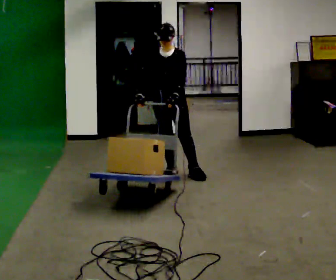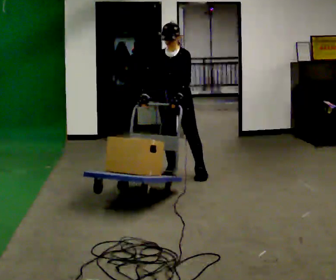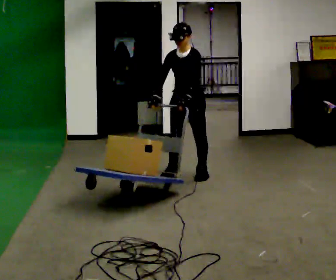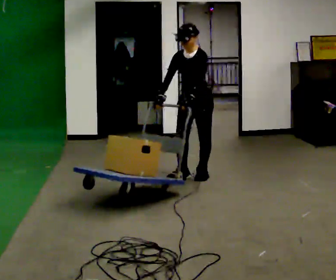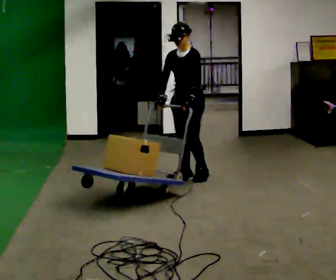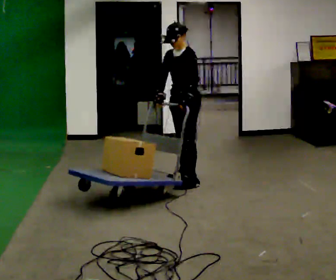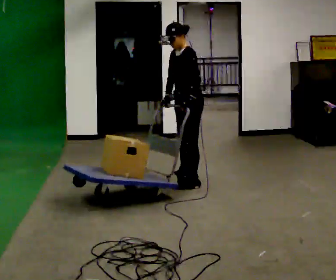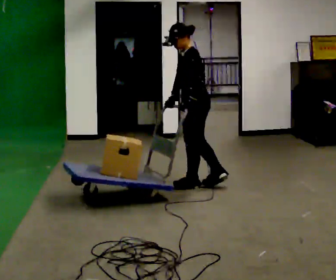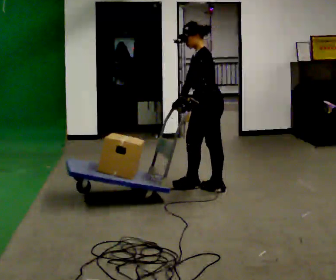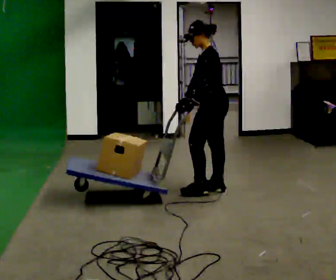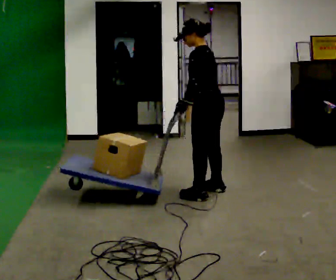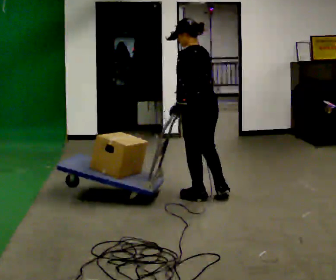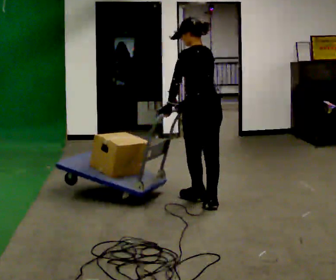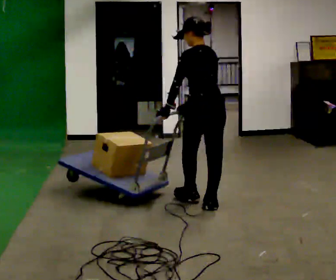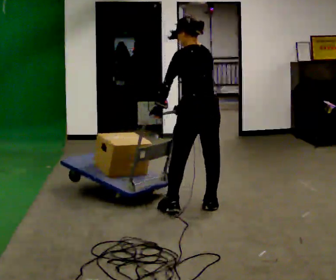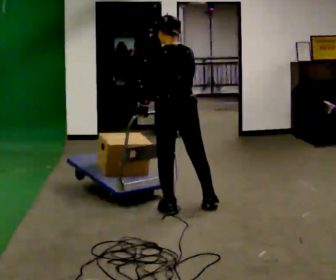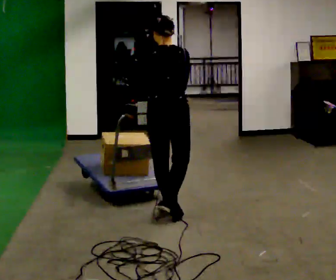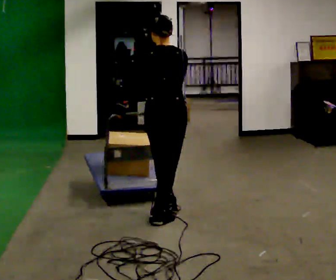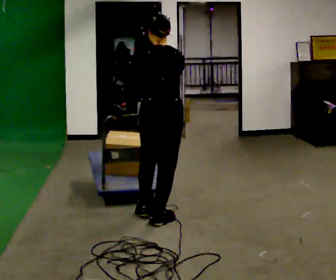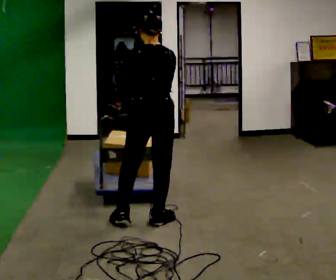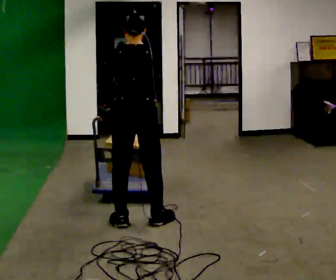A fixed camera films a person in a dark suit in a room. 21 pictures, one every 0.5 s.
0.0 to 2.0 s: Seen from above the body turns clockwise, about 30 degrees: to their right, with its near side sliding to the left. In the picture they go to the right, about 0.25 m in 2 steps, which for them is to their left.
2.0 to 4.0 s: The part of the body nearest the lens slides to the left as the person turns to their right by about 60 degrees. In the picture they go toward the camera and to the right, about 0.5 m in 1 step.
4.0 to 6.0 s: Seen from above the body turns clockwise, about 45 degrees: to their right, with its near side sliding to the left. In the picture they go toward the camera, about 0.5 m in 2 steps, which for them is to their left.
6.0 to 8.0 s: The person turns about 30 degrees to their right, clockwise seen from above, so the part of the body nearest the lens slides to the left. In the picture they go toward the camera and to the left, about 0.5 m in 2 steps, which for them is to their left.
8.0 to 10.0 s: In the picture they go toward the camera and to the left, about 0.25 m in 1 step, which for them is to their left and backward.
The film runs backward here.
